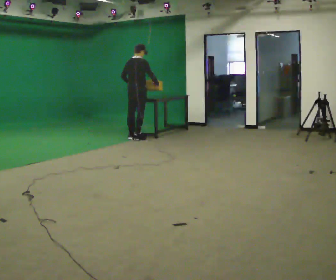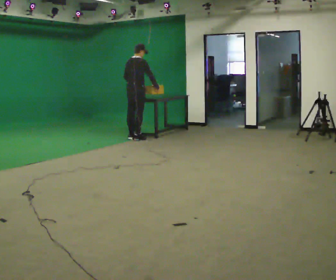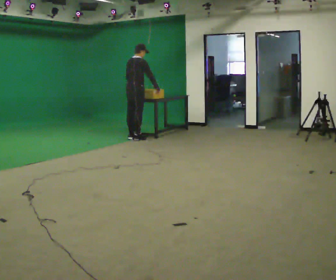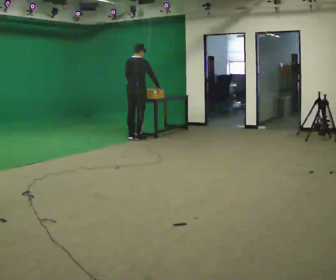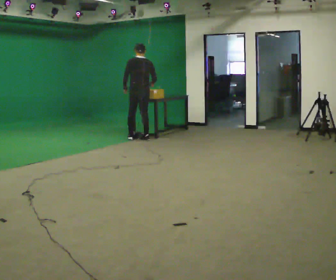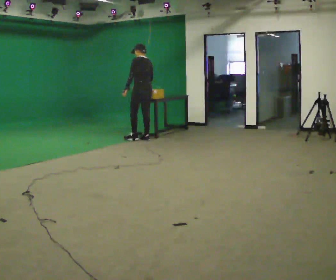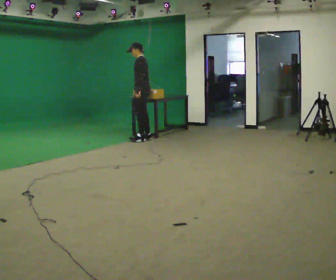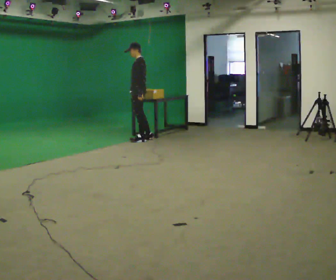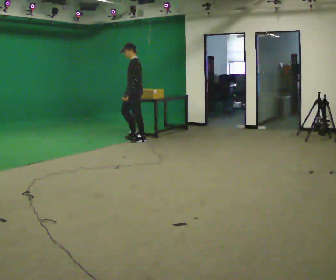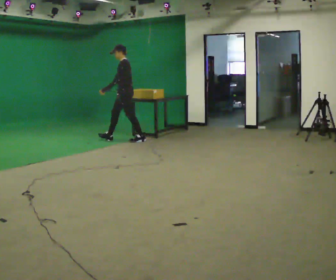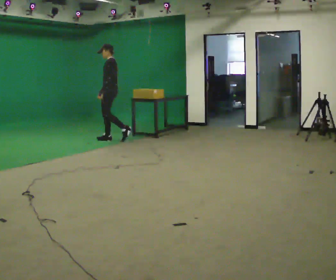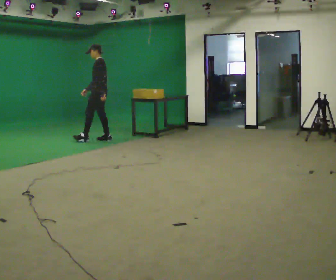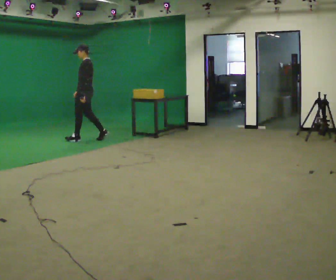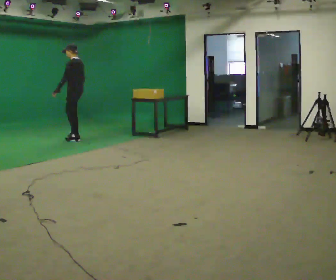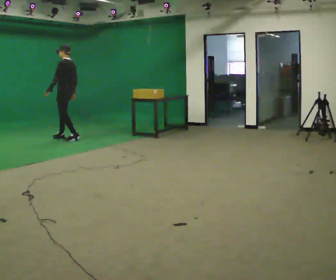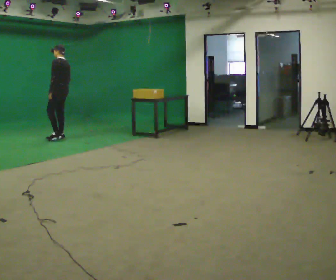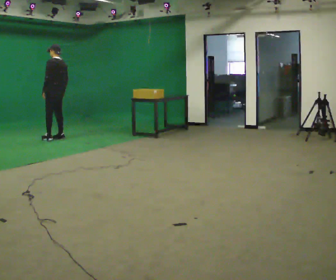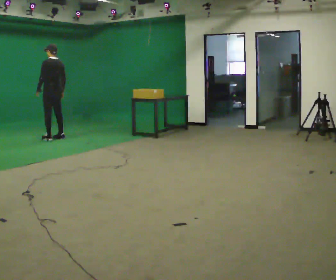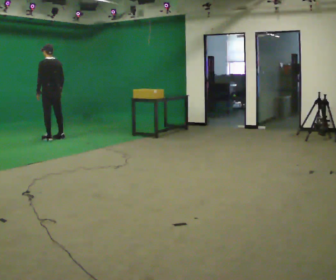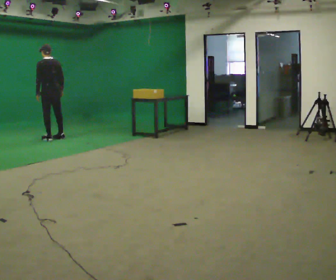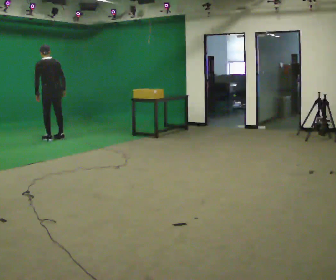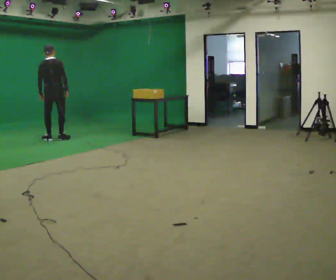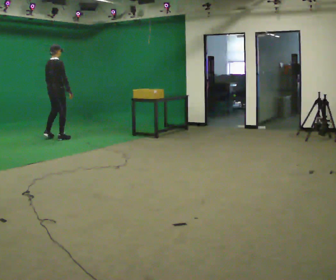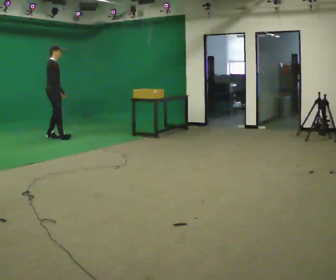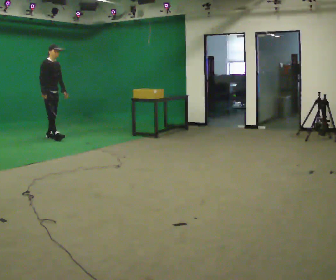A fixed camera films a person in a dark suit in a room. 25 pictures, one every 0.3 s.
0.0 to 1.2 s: The part of the body nearest the lens slides to the right as the person turns to their left by about 45 degrees.
1.2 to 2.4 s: Seen from above the body turns counterclockwise, about 75 degrees: to their left, with its near side sliding to the right.
2.4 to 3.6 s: In the picture they go to the left, about 1 m in 2 steps, which for them is forward.
3.6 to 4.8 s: In the picture they go to the left, about 0.5 m in 2 steps, which for them is forward.
4.8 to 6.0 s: The part of the body nearest the lens slides to the left as the person turns to their right by about 30 degrees. In the picture the upper body tilts counterclockwise, shoulders to the left.
6.0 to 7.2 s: The person turns about 150 degrees to their right, clockwise seen from above, so the part of the body nearest the lens slides to the left. In the picture they go away from the camera and to the left, about 0.25 m in 1 step. In the picture the upper body tilts clockwise, shoulders to the right. In the picture their right hand goes to the left.
The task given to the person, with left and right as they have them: Walk quickly but do not run; remain comfortable and controlled; stop.
The film runs forward here.
